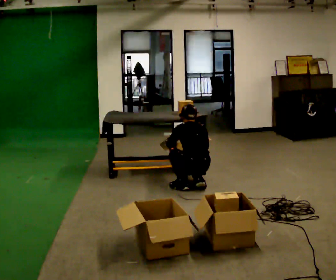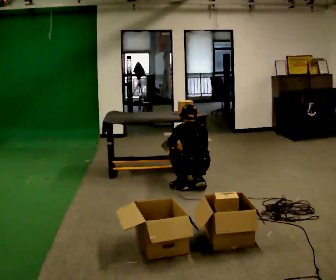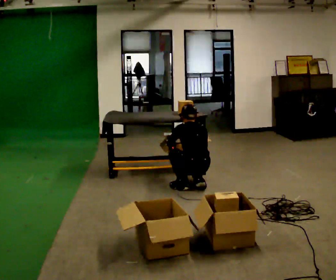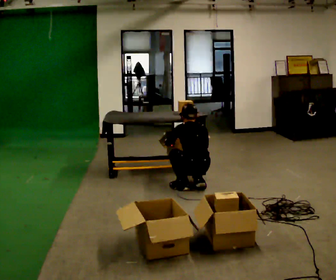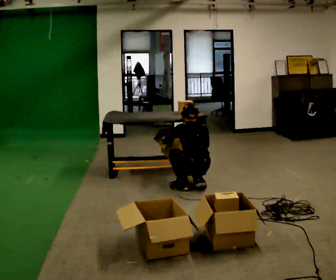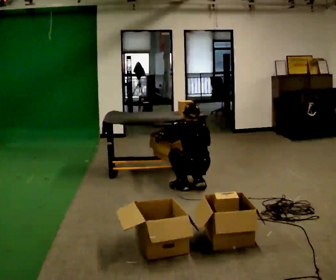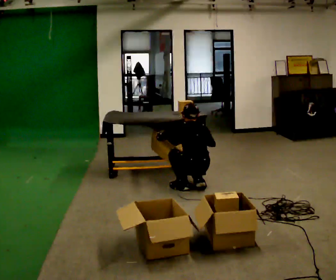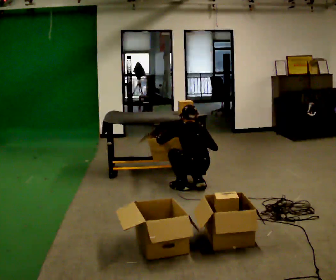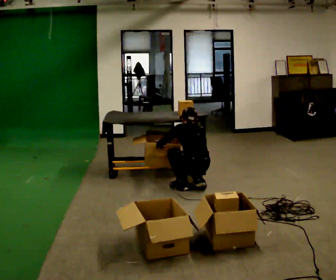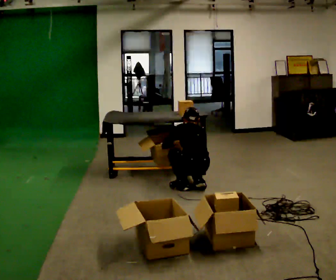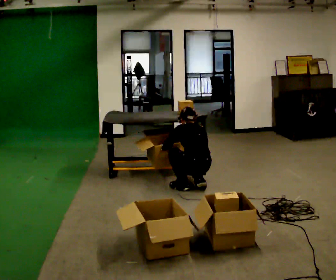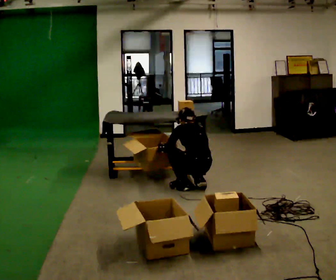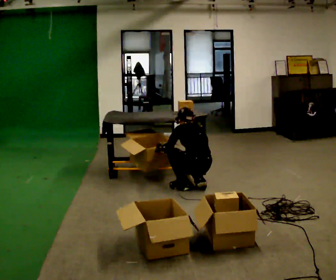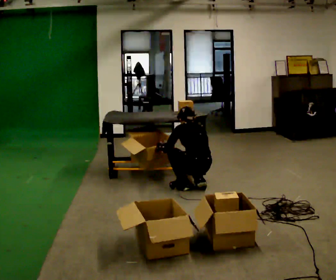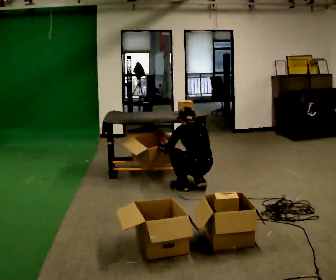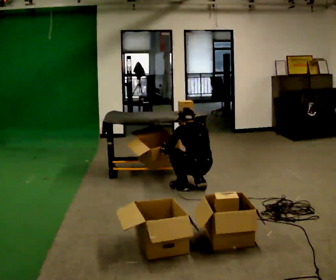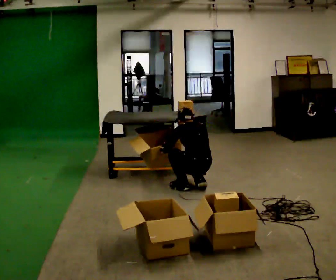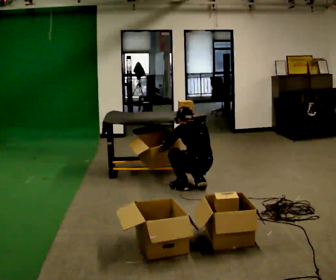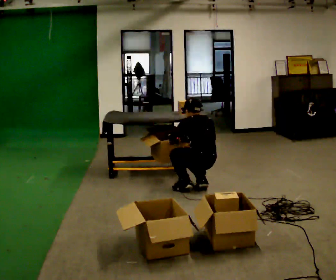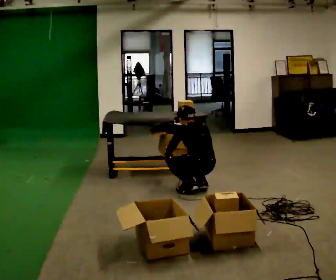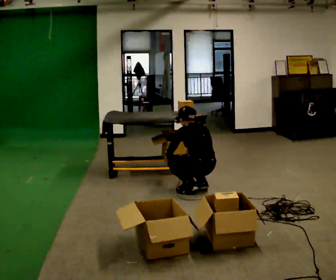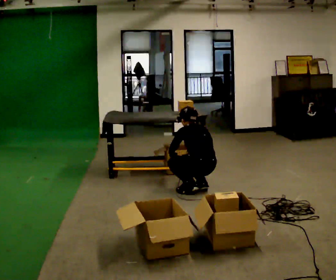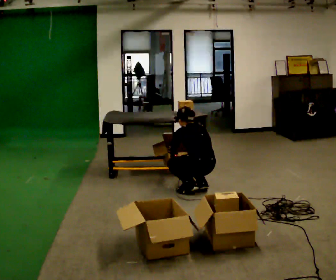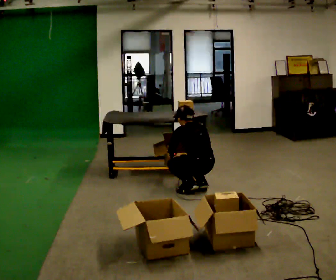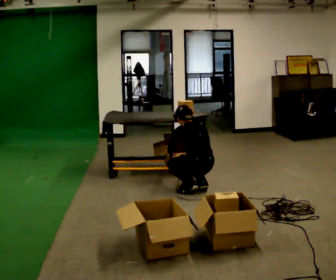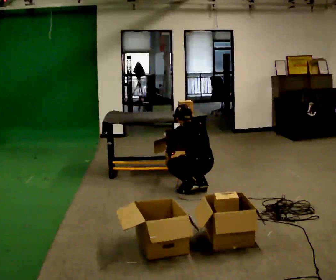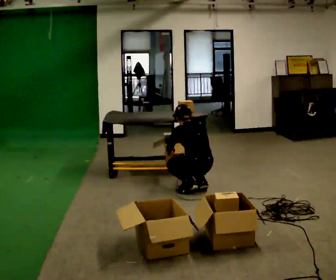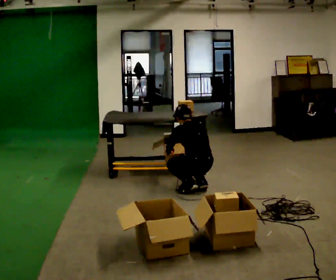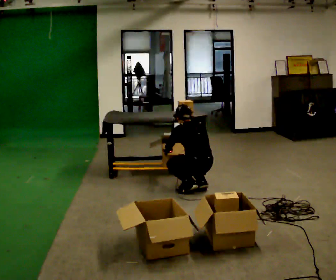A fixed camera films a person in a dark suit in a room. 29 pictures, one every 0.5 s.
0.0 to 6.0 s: The person moves a little, or ends about where they began.
6.0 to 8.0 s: In the picture their right hand goes upward.
8.0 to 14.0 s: The person moves a little, or ends about where they began.
The film runs backward here.
